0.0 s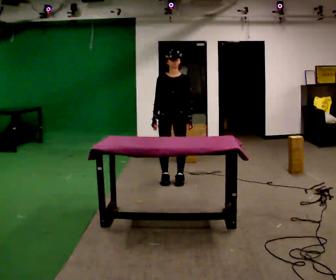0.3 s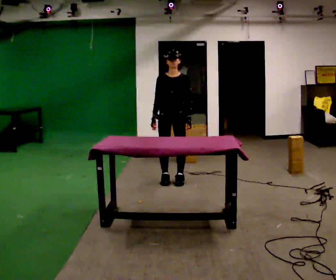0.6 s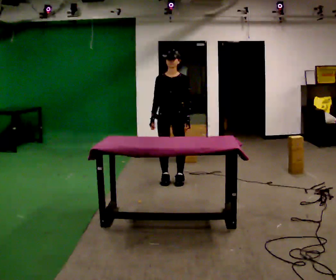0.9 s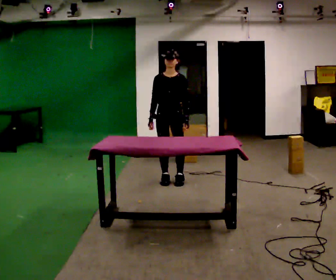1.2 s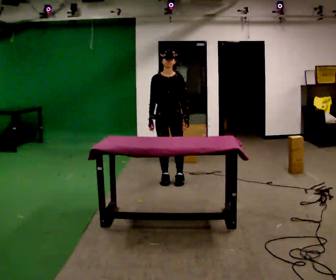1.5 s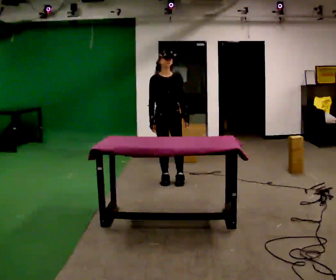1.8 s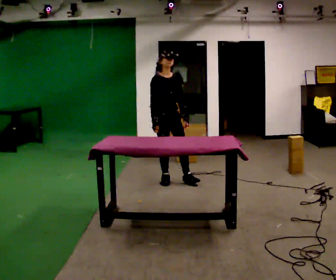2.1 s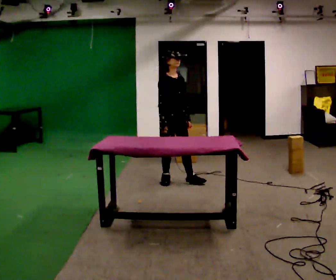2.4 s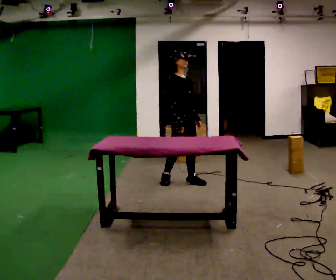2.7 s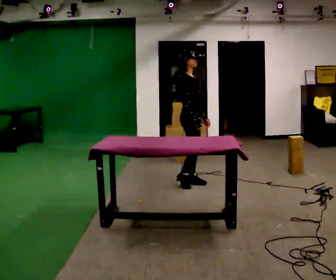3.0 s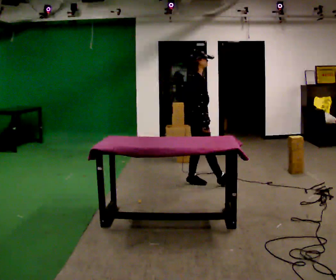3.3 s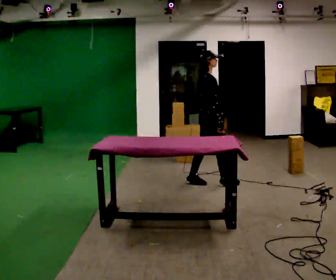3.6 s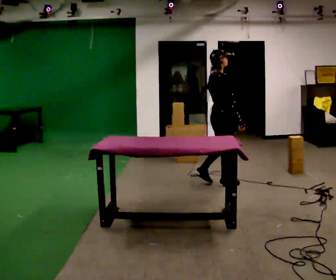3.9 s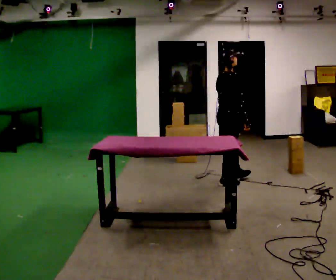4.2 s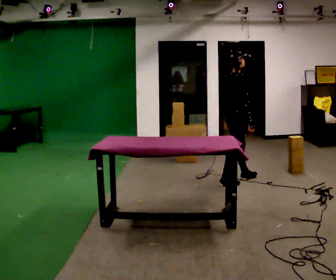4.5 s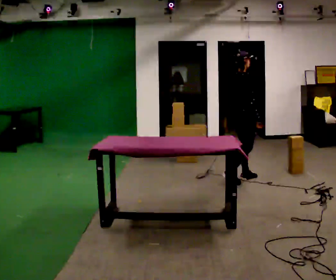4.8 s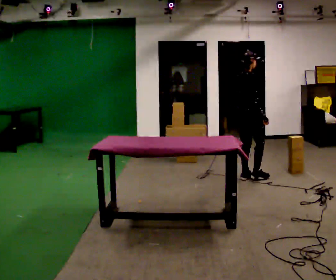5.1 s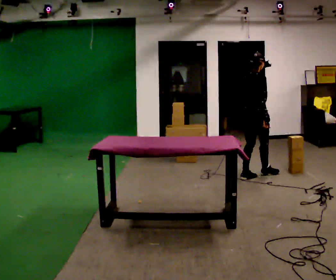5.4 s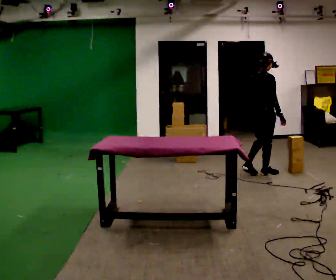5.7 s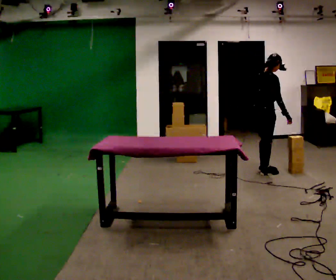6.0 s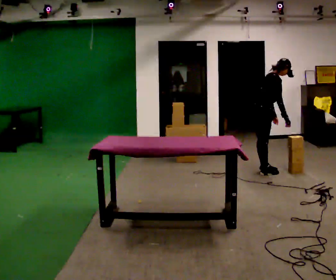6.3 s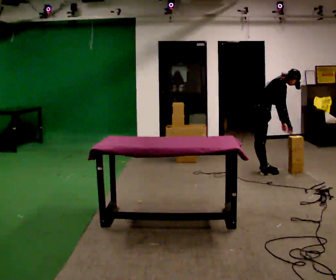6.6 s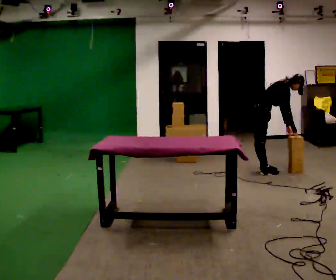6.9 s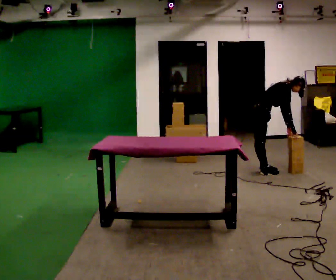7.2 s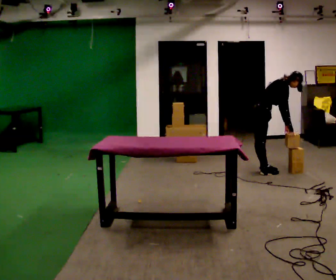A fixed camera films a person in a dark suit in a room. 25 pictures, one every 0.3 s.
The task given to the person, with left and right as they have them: 1. The operator will tell you the shelf is already sorted and just needs moving to the table. 2. Do what you think is right. 3. Tell the operator when you are finished.
0.0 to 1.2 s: The person moves a little, or ends about where they began.
1.2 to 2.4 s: The person turns about 45 degrees to their left, counterclockwise seen from above, so the part of the body nearest the lens slides to the right. In the picture they go to the right, about 0.25 m, which for them is to their left and forward. In the picture their right hand goes to the right.
2.4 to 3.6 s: Seen from above the body turns counterclockwise, about 60 degrees: to their left, with its near side sliding to the right. In the picture they go to the right, about 0.5 m in 1 step, which for them is forward.
3.6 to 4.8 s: In the picture they go away from the camera and to the right, about 0.5 m in 1 step, which for them is forward.
4.8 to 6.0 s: In the picture they go away from the camera and to the right, about 0.25 m in 2 steps, which for them is forward. In the picture the upper body tilts clockwise, shoulders to the right, as they bend forward.
6.0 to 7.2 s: The person moves a little, or ends about where they began.
The film runs forward here.
